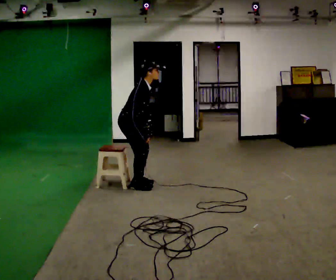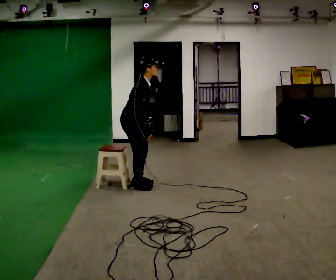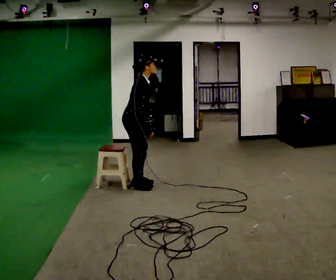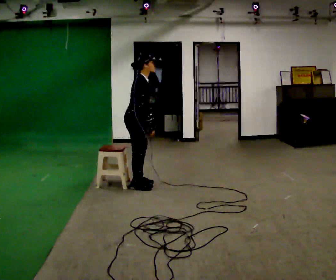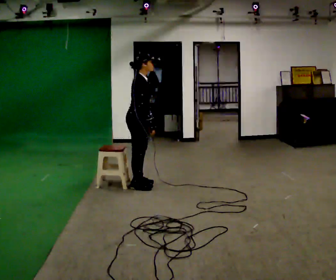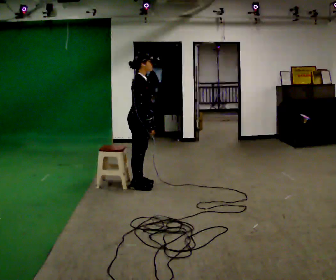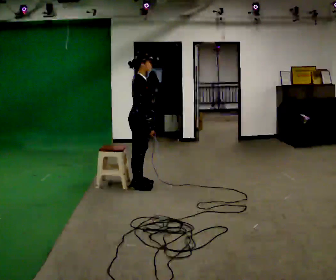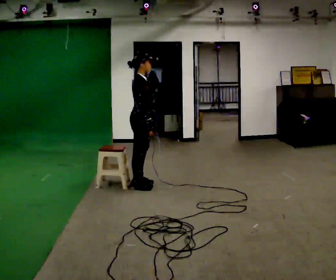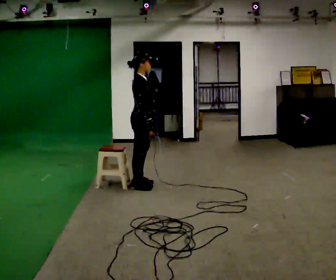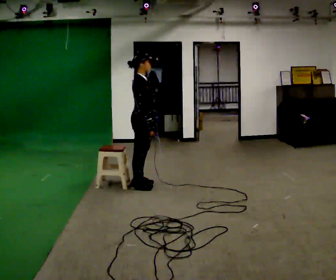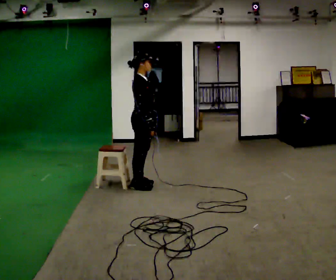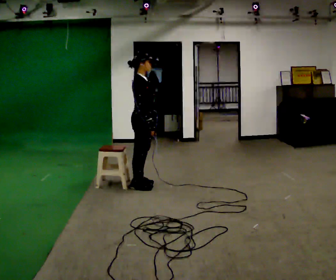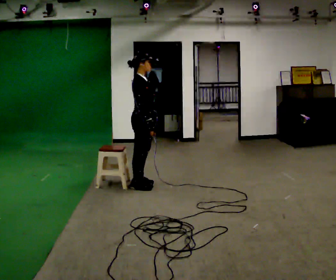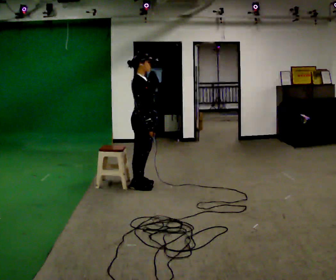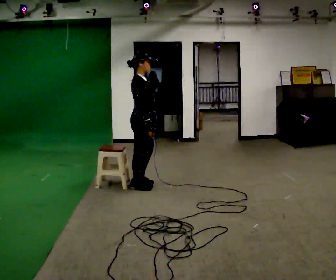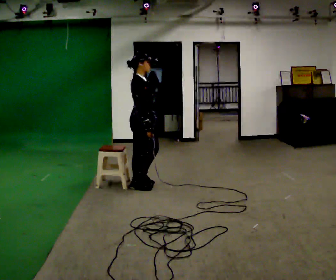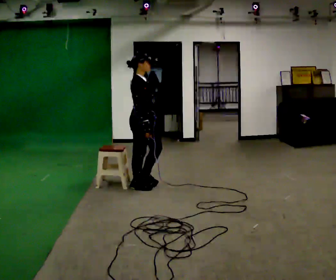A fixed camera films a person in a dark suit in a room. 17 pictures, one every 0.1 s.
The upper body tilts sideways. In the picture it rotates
counterclockwise.
0.0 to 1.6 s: In the picture the upper body tilts counterclockwise, shoulders to the left, as they lean back or straighten.
The film runs forward here.
